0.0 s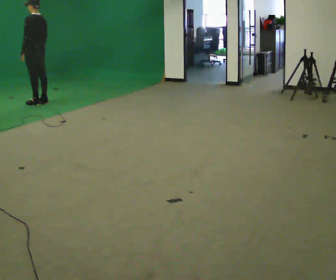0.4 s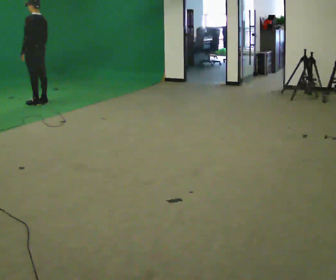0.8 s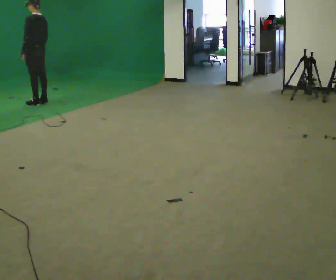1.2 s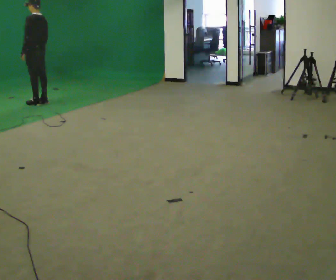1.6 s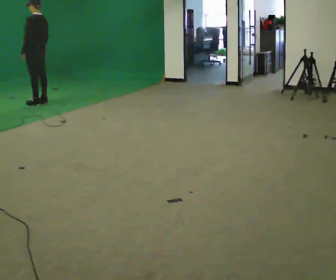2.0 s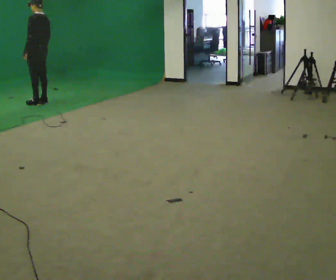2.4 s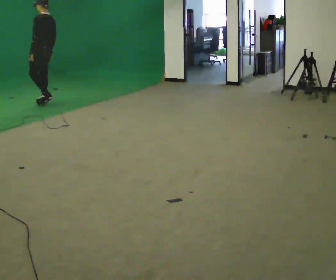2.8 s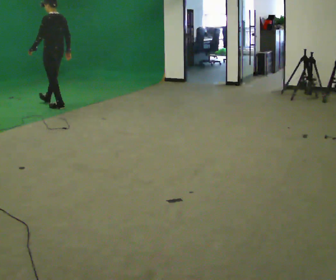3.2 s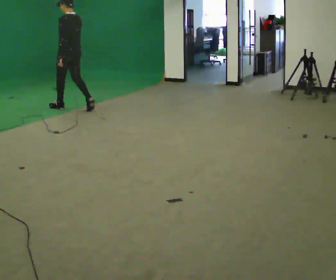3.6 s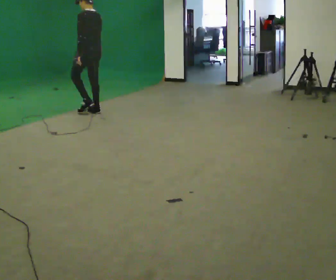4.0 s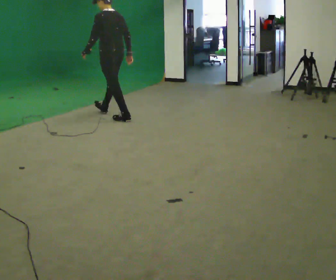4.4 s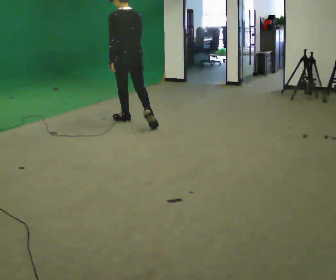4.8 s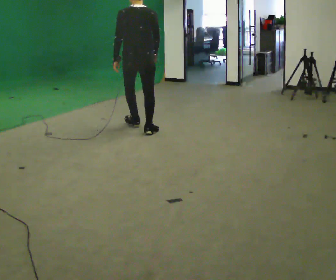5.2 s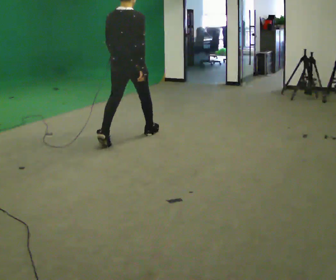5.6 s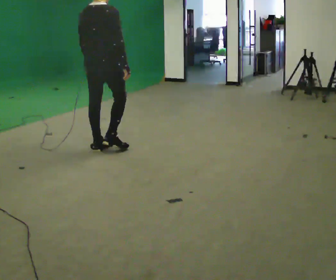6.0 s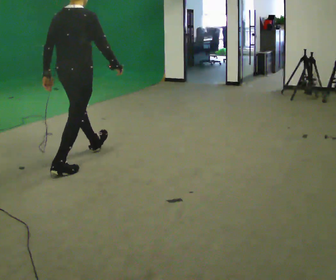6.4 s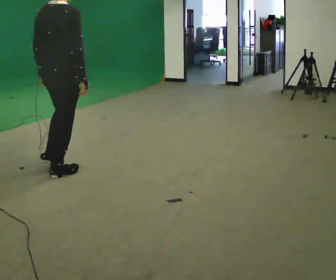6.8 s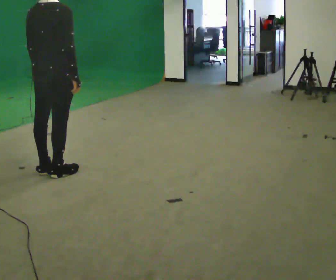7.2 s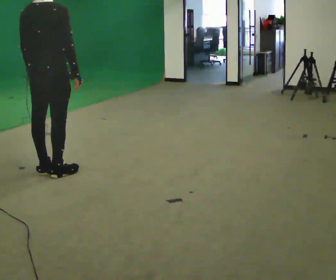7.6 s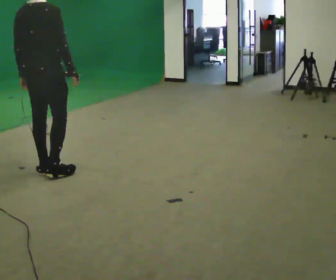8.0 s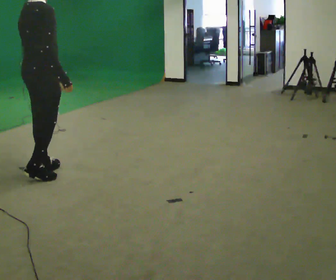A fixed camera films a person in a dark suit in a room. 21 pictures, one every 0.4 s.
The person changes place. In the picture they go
toward the camera.
The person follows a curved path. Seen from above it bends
clockwise.
0.0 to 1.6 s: The person keeps their place and pose.
1.6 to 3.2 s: In the picture they go to the right and toward the camera, about 1 m in 2 steps, which for them is backward.
3.2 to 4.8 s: The person turns about 45 degrees to their right, clockwise seen from above, so the part of the body nearest the lens slides to the left. In the picture they go toward the camera and to the right, about 1.5 m in 3 steps, which for them is backward.
4.8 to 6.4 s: The part of the body nearest the lens slides to the left as the person turns to their right by about 30 degrees. In the picture they go toward the camera and to the left, about 1.5 m in 2 steps, which for them is backward.
6.4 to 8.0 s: The person moves a little, or ends about where they began.
The film runs backward here.
